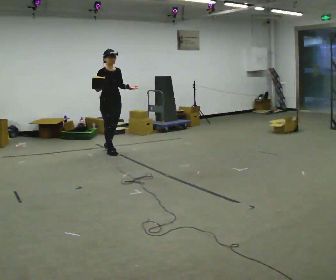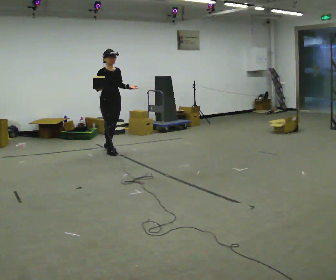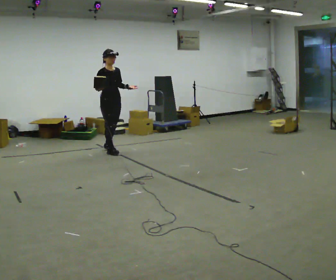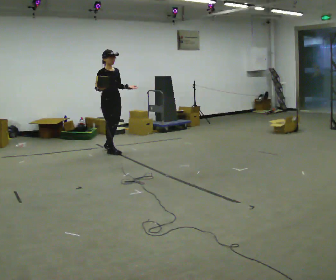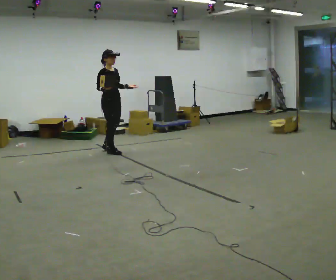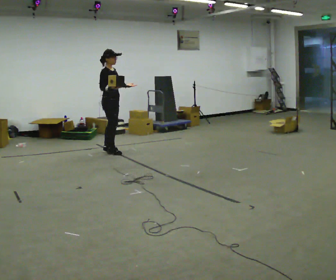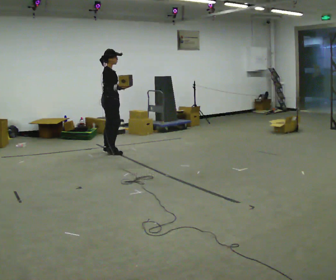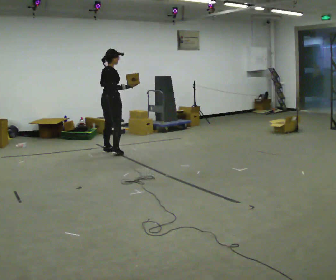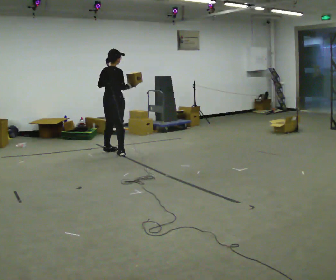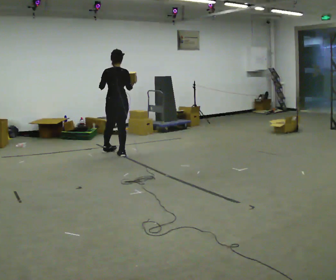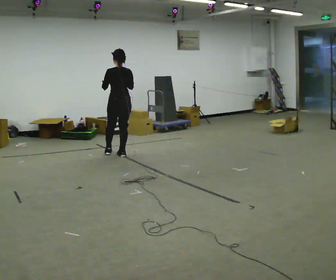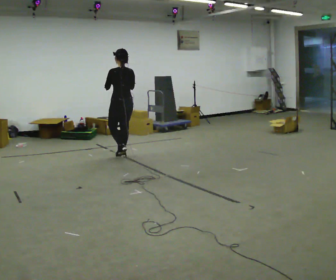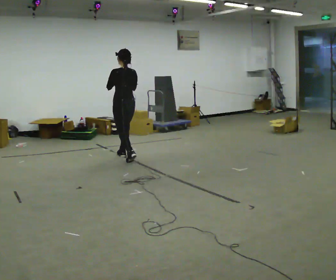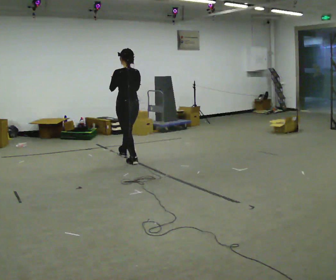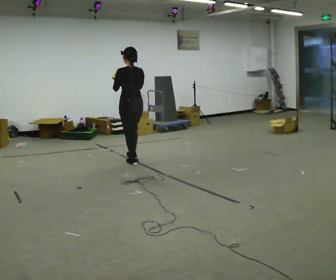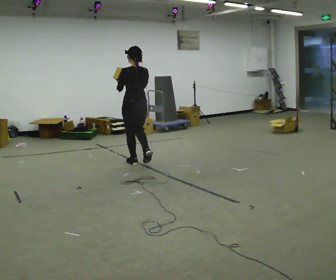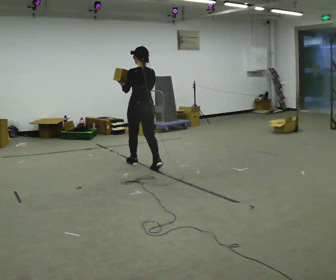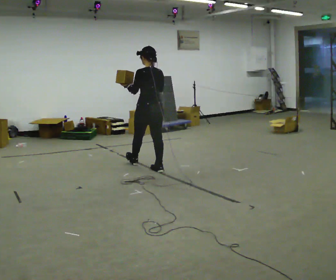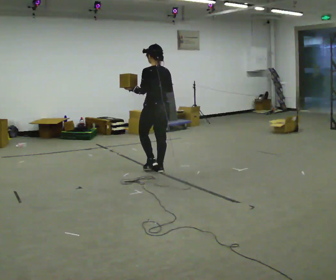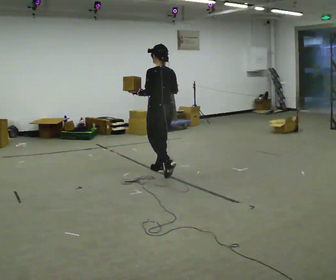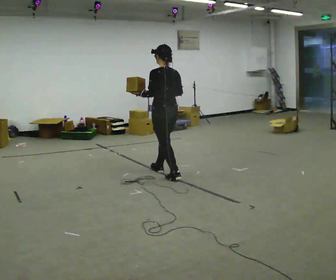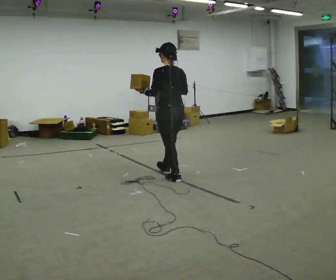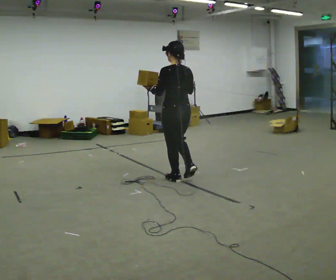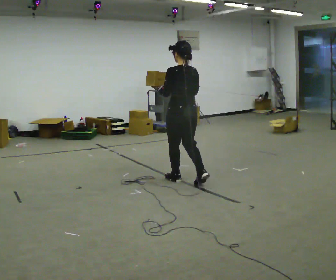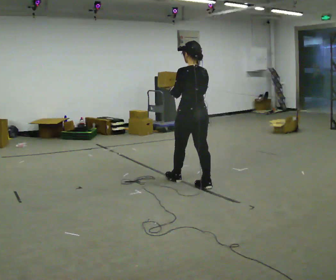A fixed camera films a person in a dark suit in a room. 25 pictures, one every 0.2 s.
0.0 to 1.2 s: Seen from above the body turns counterclockwise, about 60 degrees: to their left, with its near side sliding to the right. In the picture their right hand goes to the right.
1.2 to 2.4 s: The part of the body nearest the lens slides to the right as the person turns to their left by about 120 degrees. In the picture they go toward the camera and to the right, about 0.5 m in 1 step.
2.4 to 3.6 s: In the picture they go toward the camera and to the right, about 1 m in 2 steps, which for them is backward.
3.6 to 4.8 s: In the picture they go toward the camera and to the right, about 0.5 m in 1 step, which for them is backward.
The film runs backward here.
